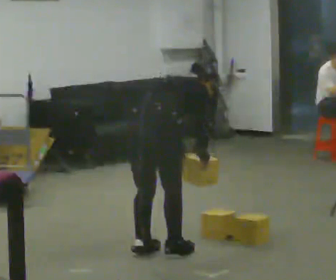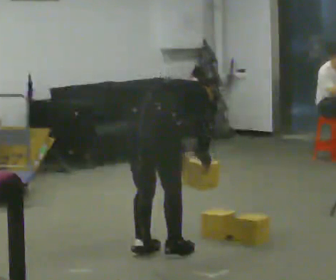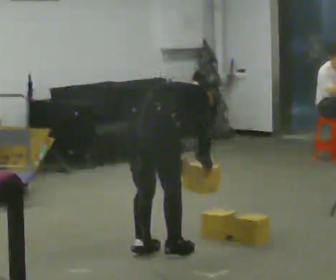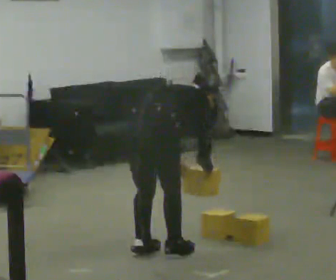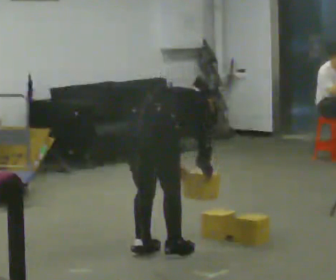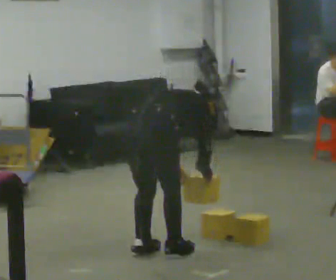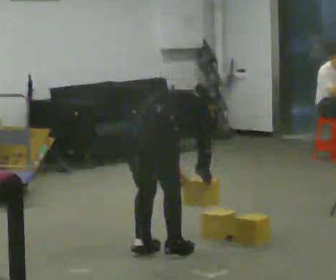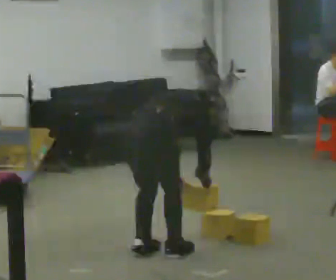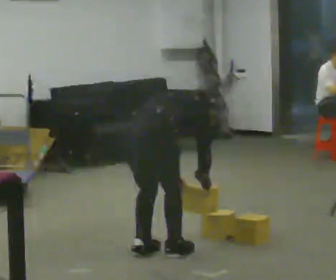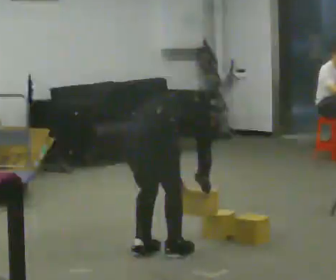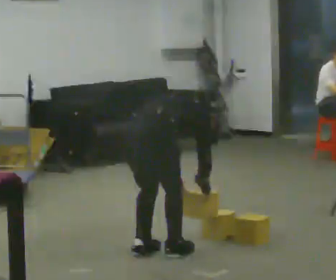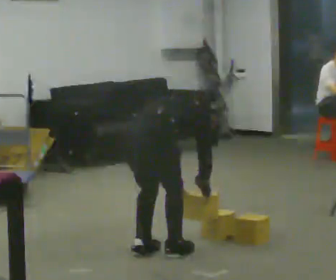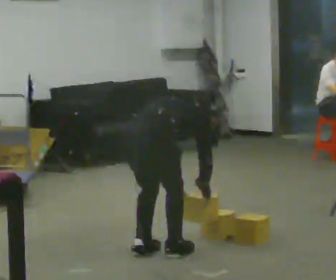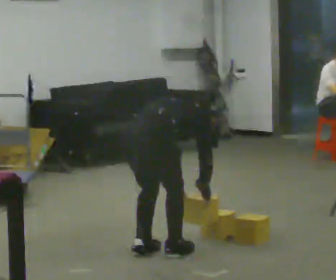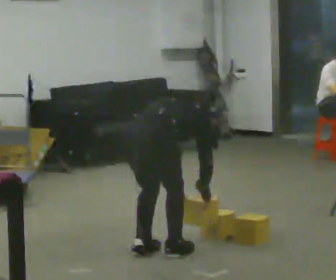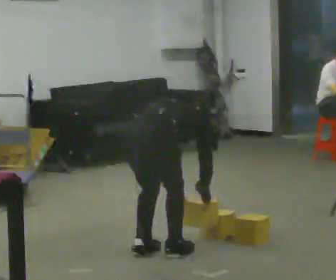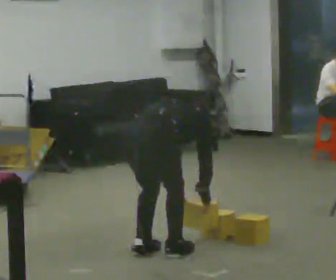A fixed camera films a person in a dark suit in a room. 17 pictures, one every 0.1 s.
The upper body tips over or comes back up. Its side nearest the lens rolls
upward.
0.0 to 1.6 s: The upper body goes downward. The upper body tips away from the camera, its near side rolling upward, as they bend forward.
The film runs forward here.
